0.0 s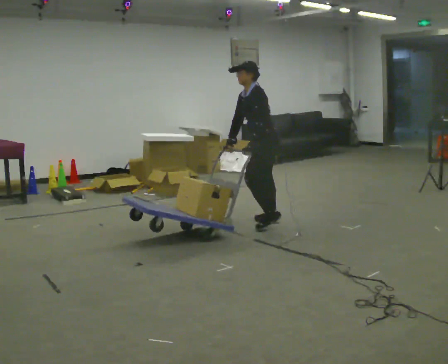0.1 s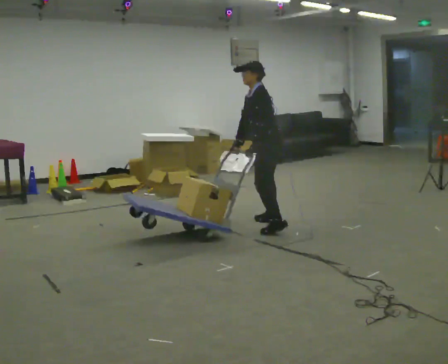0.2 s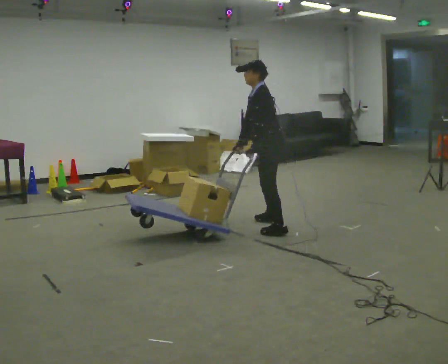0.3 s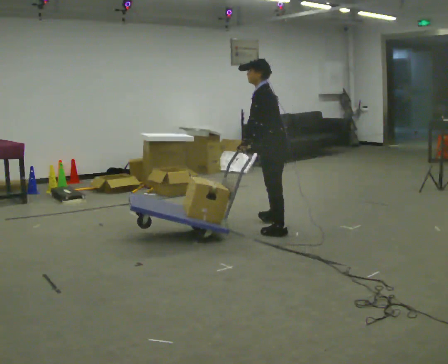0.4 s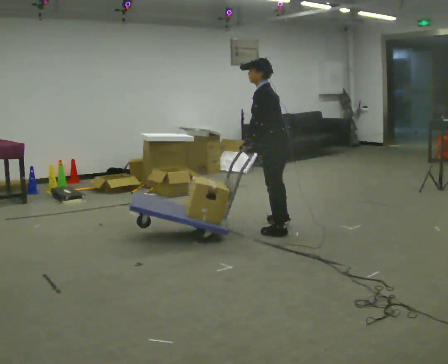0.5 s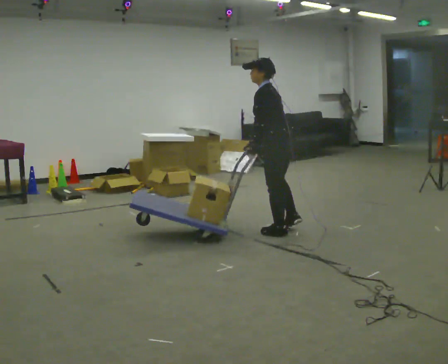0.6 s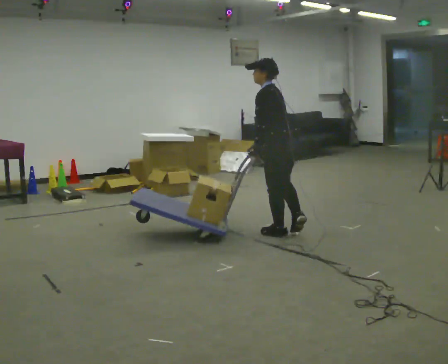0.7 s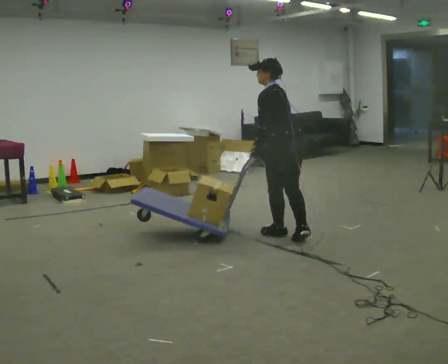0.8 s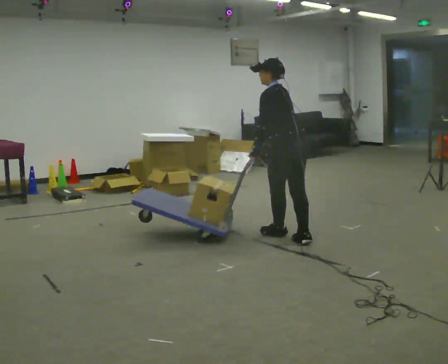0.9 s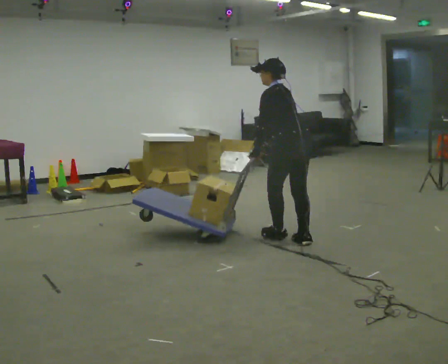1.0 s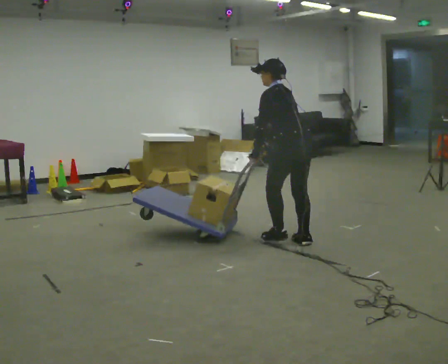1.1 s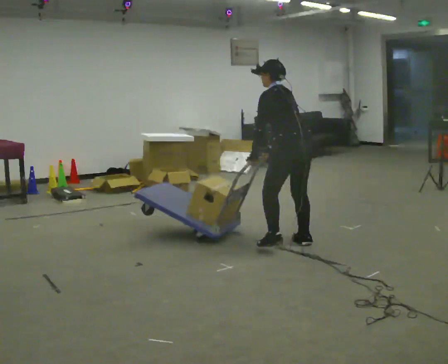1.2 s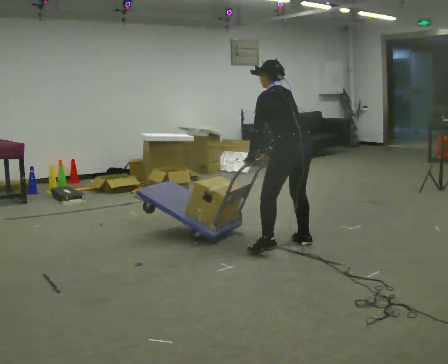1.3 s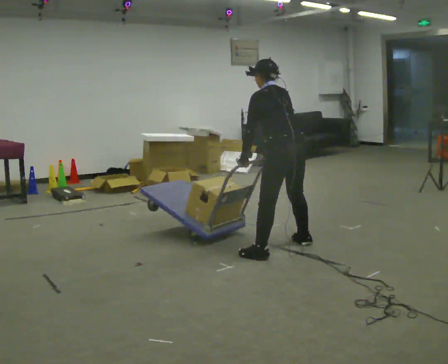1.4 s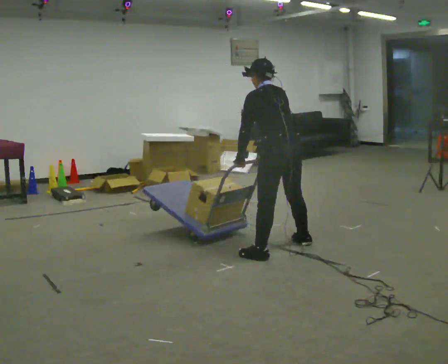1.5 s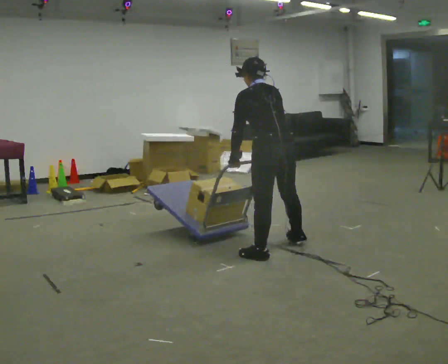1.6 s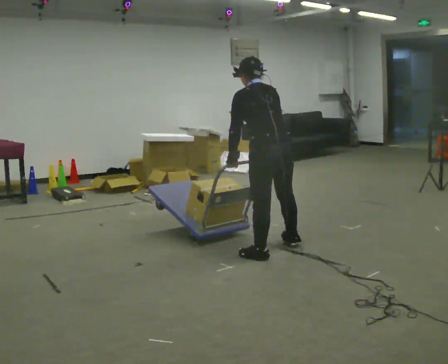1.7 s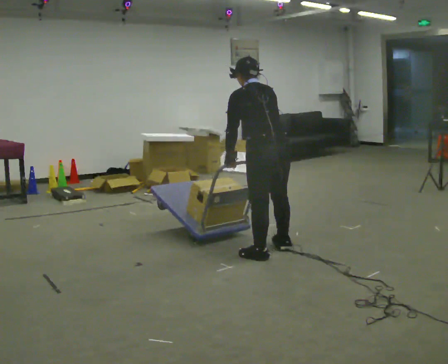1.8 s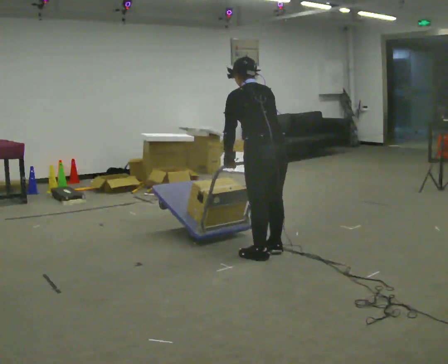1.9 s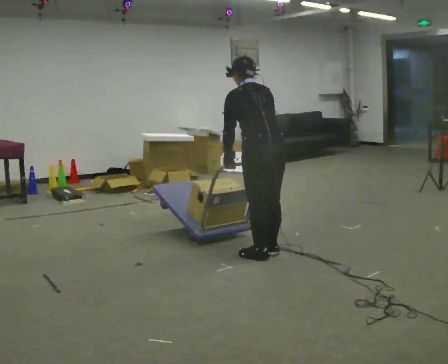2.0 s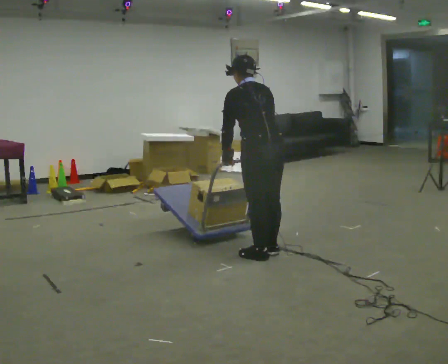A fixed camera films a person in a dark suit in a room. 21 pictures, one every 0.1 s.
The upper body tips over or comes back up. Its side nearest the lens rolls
upward.
The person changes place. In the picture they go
toward the camera.
0.0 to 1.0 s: Seen from above the body turns clockwise, about 45 degrees: to their right, with its near side sliding to the left. In the picture they go toward the camera and to the right, about 0.75 m in 2 steps, which for them is backward and to their left. The upper body tips away from the camera, its near side rolling upward.
1.0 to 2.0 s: In the picture they go toward the camera and to the left, about 0.5 m in 1 step, which for them is to their left and backward.
The film runs backward here.
